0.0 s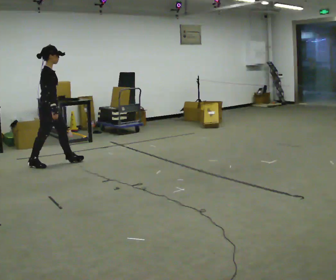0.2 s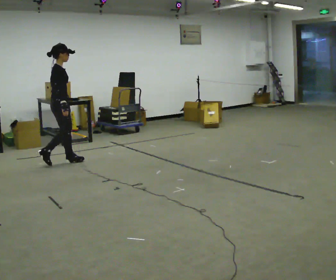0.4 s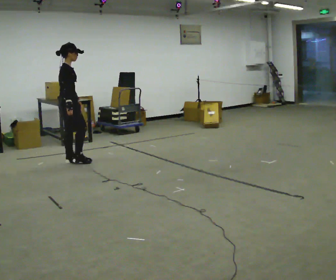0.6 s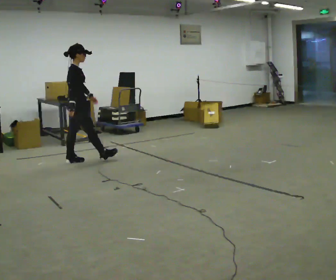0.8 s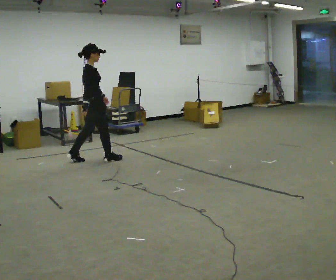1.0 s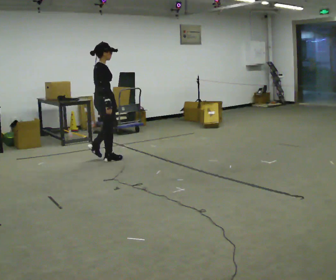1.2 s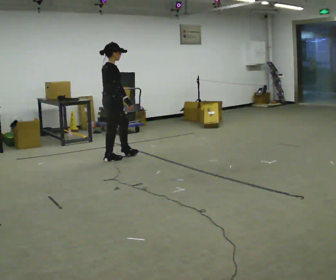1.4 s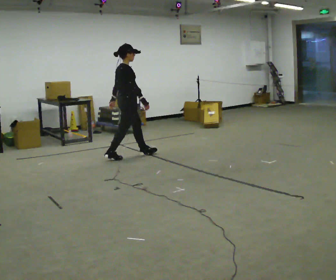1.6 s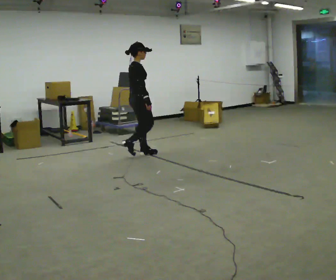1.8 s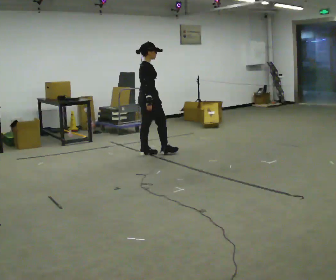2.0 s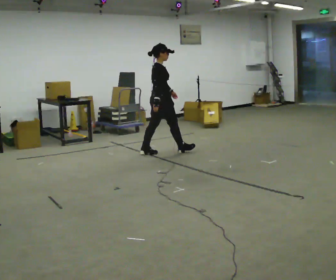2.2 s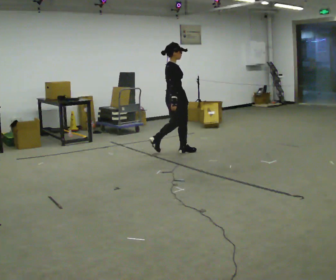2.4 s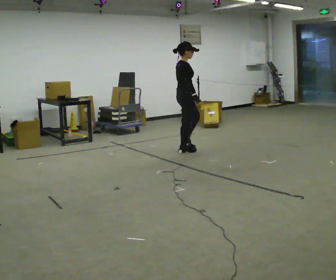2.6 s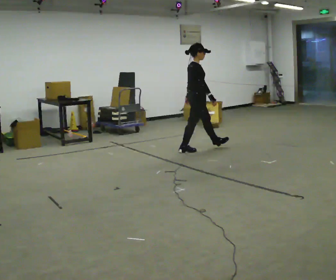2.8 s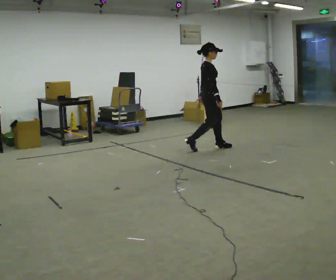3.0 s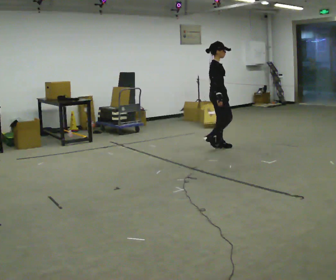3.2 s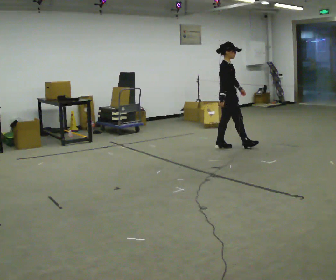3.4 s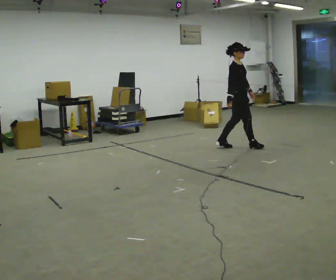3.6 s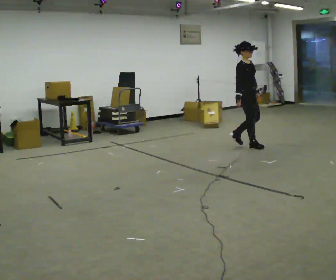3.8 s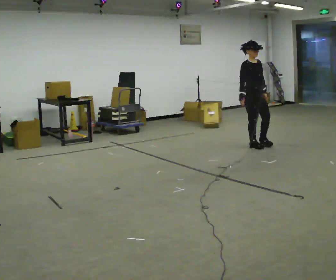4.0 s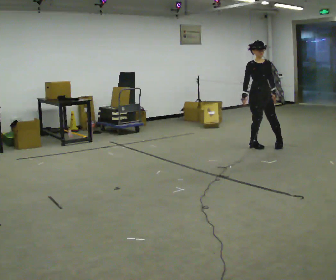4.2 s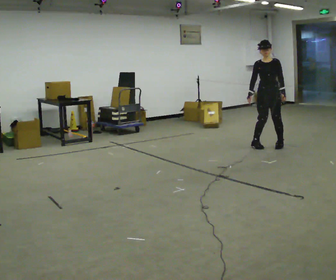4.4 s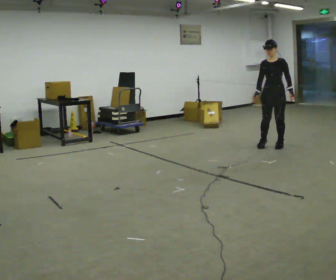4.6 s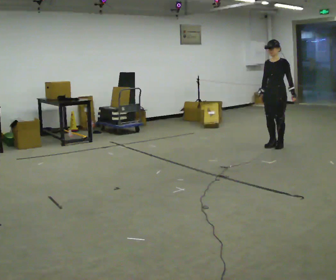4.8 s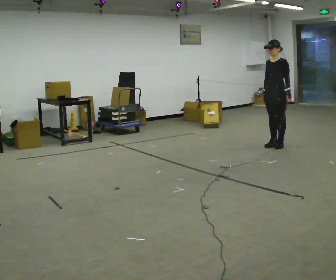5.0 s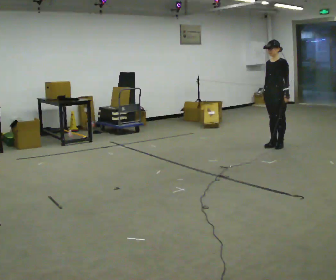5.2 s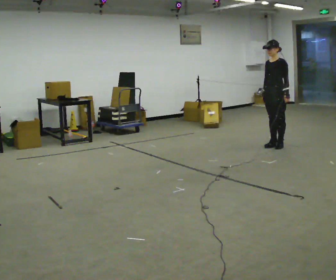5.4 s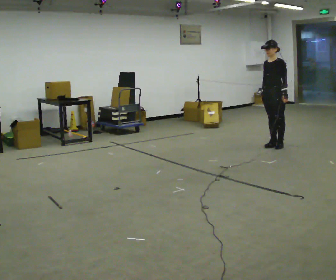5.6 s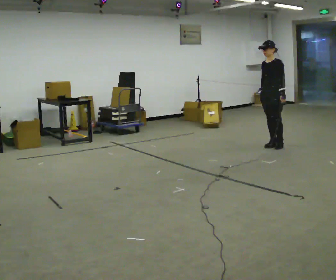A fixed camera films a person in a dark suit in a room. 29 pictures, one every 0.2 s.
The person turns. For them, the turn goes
to their right.
The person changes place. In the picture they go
to the right.
0.0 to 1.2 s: In the picture they go to the right and away from the camera, about 1 m in 1 step, which for them is forward.
1.2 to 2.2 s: In the picture they go to the right and away from the camera, about 1 m in 2 steps, which for them is forward.
2.2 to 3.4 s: The person turns about 30 degrees to their right, clockwise seen from above, so the part of the body nearest the lens slides to the left. In the picture they go to the right, about 1 m in 2 steps, which for them is forward.
3.4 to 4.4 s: The person turns about 105 degrees to their right, clockwise seen from above, so the part of the body nearest the lens slides to the left. In the picture they go to the right, about 0.5 m in 1 step.
4.4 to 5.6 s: The part of the body nearest the lens slides to the left as the person turns to their right by about 30 degrees.
The film runs forward here.
